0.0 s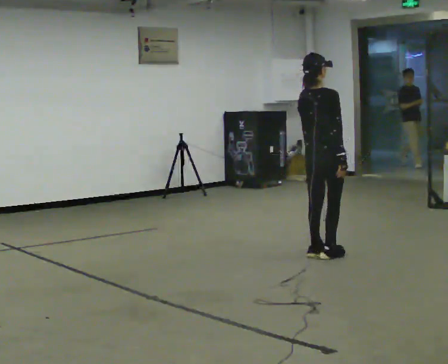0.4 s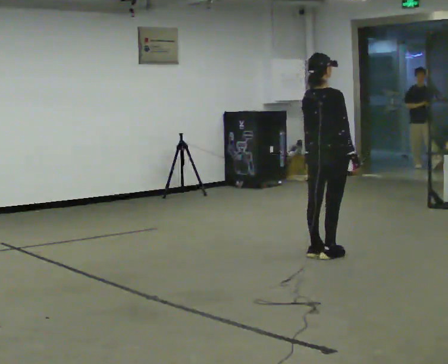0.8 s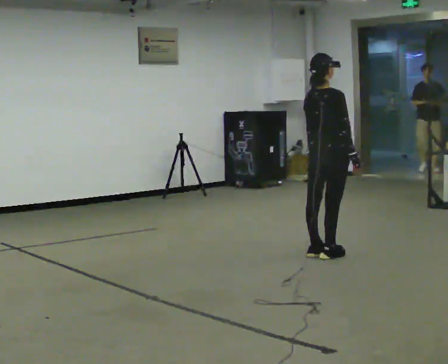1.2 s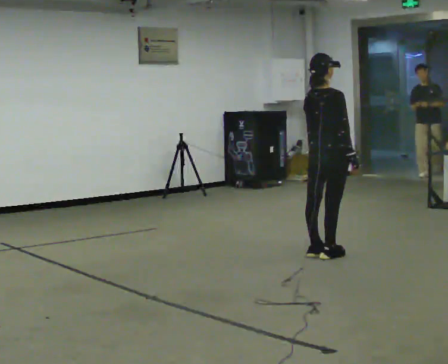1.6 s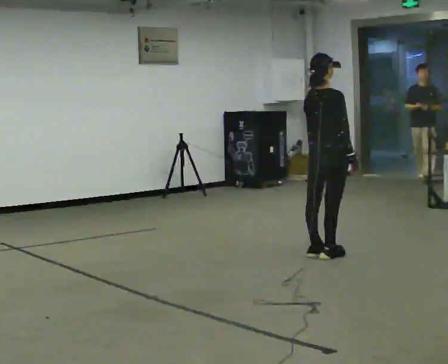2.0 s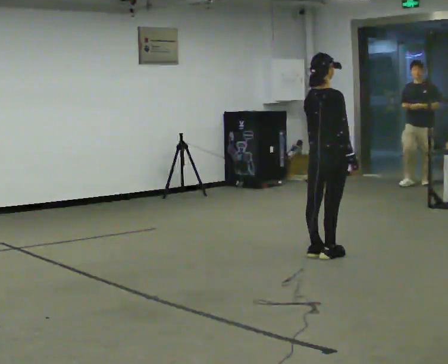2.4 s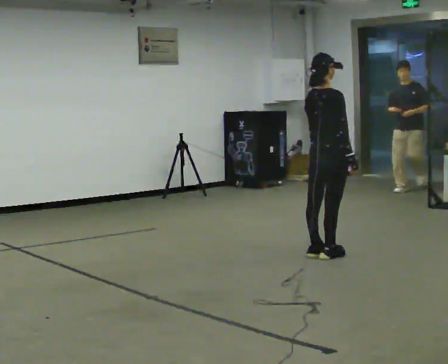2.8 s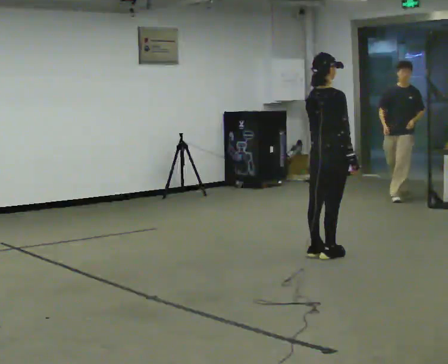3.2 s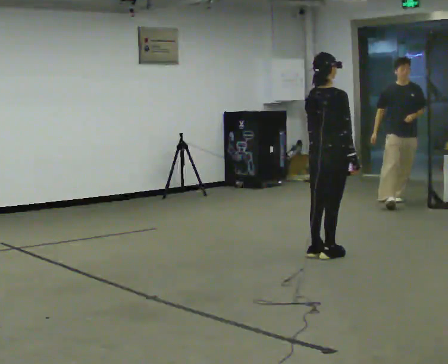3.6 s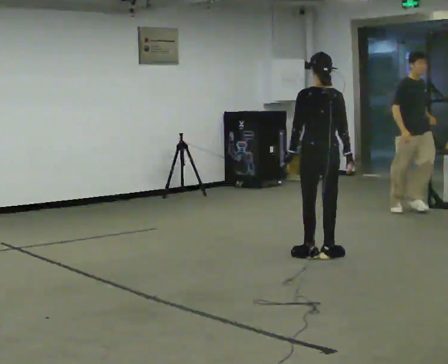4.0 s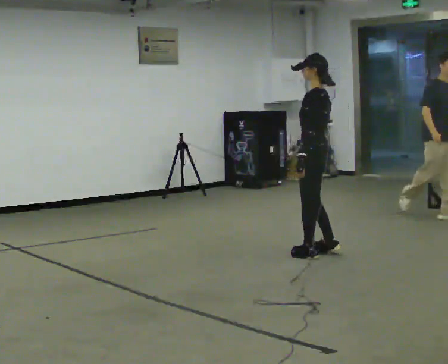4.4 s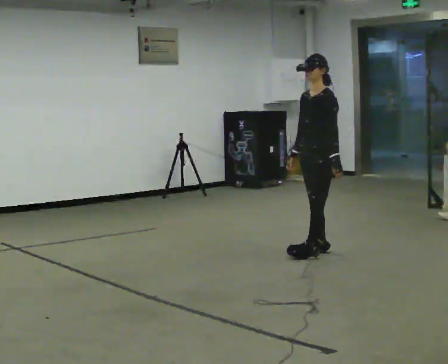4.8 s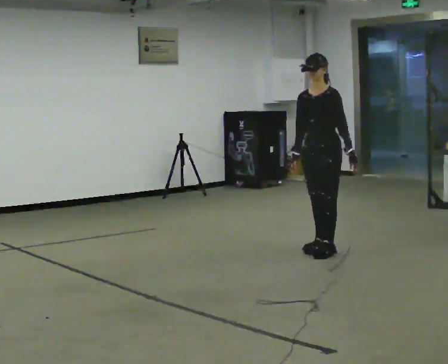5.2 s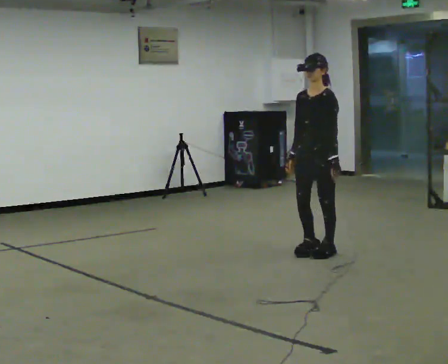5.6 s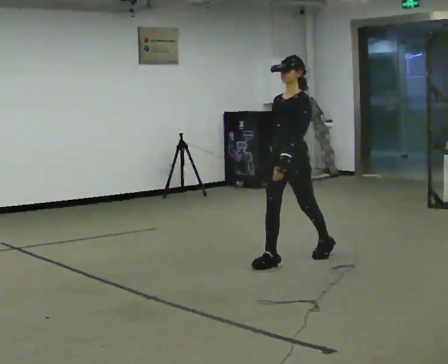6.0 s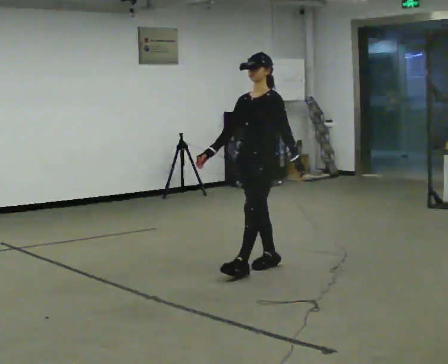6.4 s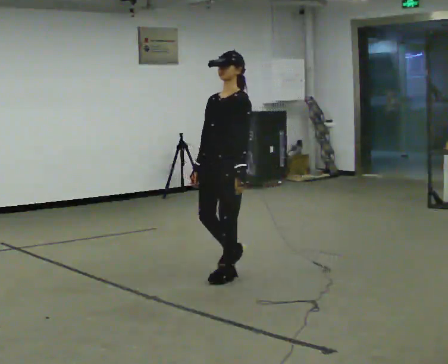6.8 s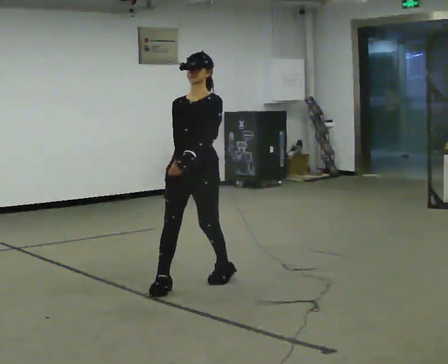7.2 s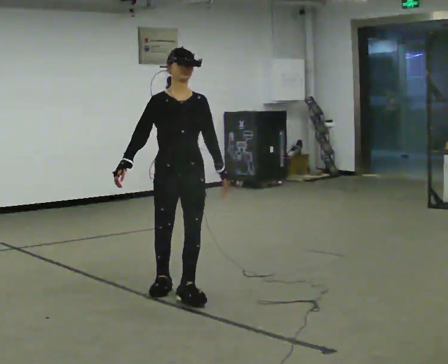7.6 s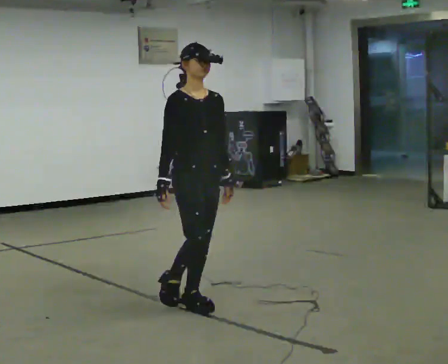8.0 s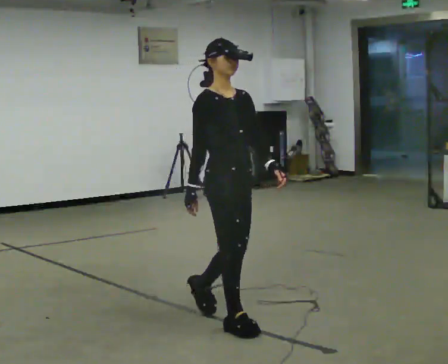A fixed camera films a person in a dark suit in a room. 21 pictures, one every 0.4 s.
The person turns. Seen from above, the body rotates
counterclockwise.
The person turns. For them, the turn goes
to their left.
0.0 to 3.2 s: The person moves a little, or ends about where they began.
3.2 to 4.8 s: The part of the body nearest the lens slides to the right as the person turns to their left by about 180 degrees. In the picture their right hand goes to the left, the arm swinging clockwise.
4.8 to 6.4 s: In the picture they go toward the camera and to the left, about 1 m in 2 steps, which for them is forward.
6.4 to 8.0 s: Seen from above the body turns counterclockwise, about 90 degrees: to their left, with its near side sliding to the right. In the picture they go toward the camera, about 1 m in 3 steps.
The film runs forward here.
